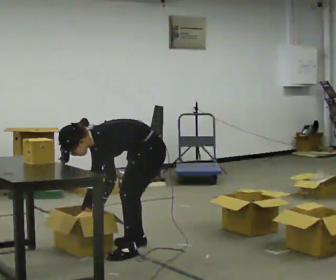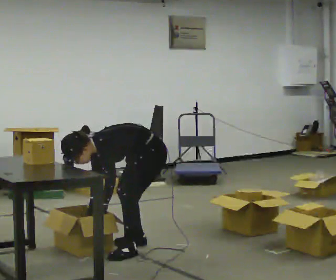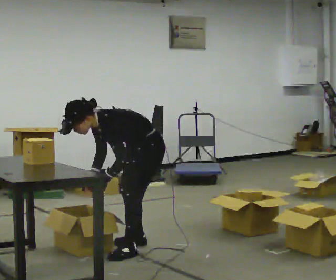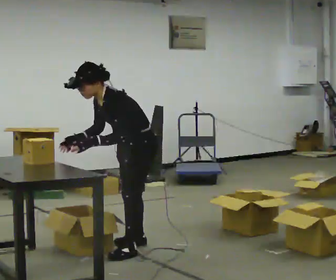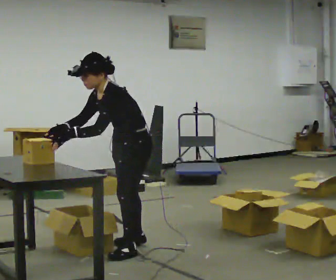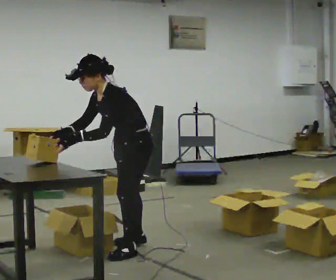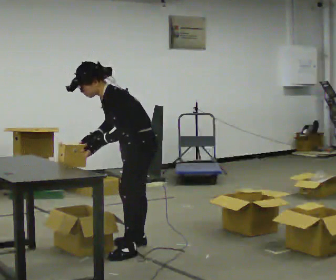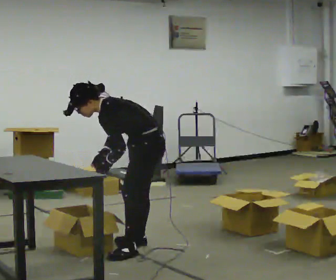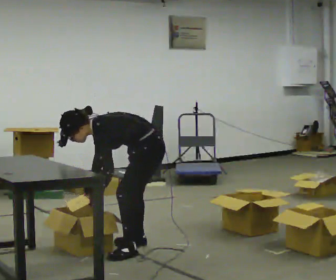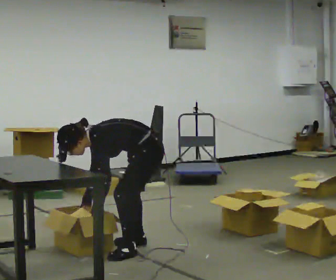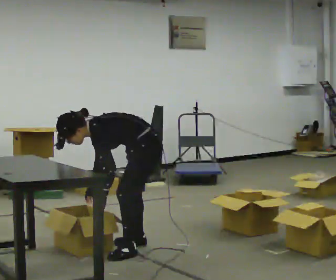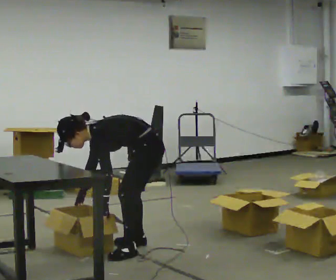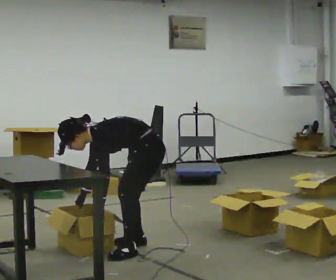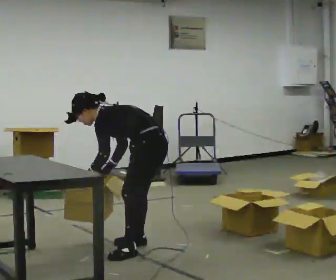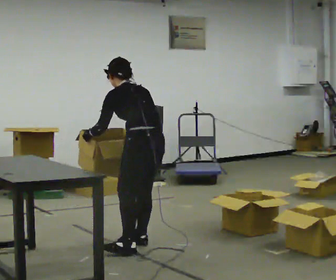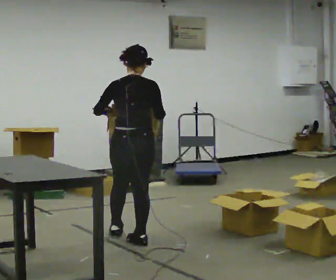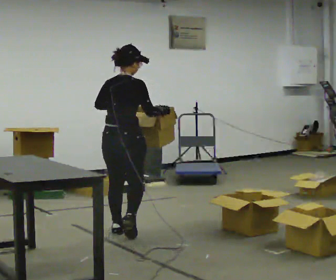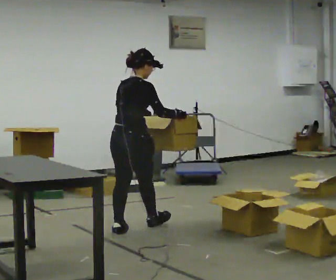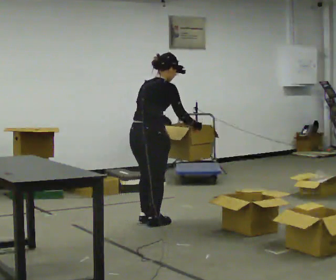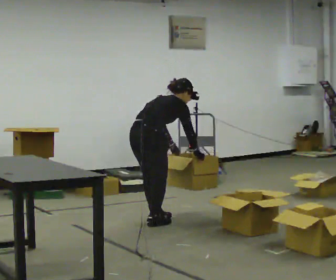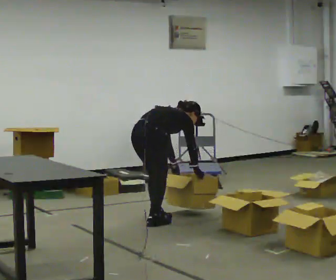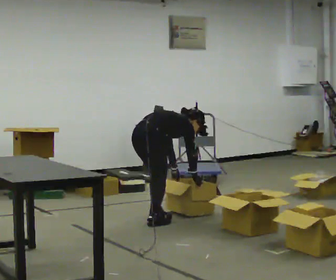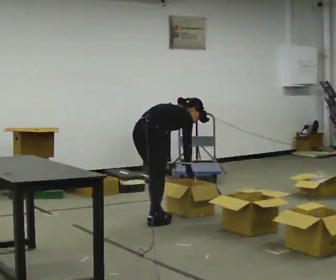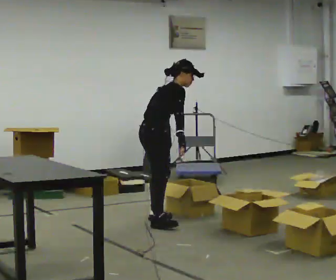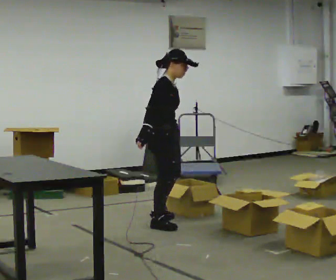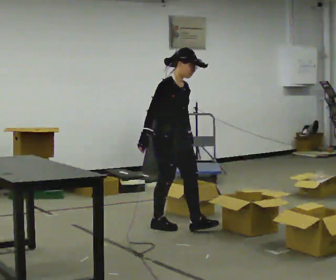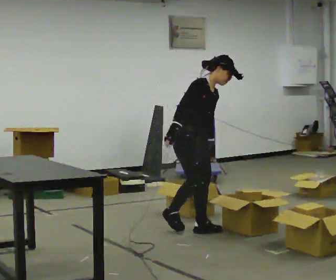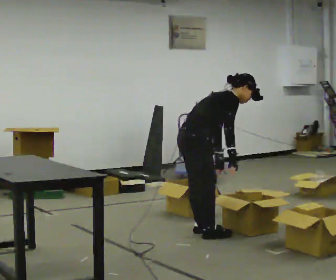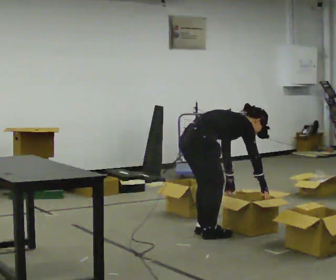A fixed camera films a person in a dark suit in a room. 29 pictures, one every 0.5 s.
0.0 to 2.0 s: The shoulders move upward. In the picture the upper body tilts clockwise, shoulders to the right, as they lean back or straighten. In the picture their right hand goes upward.
2.0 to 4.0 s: The upper body goes downward. In the picture the upper body tilts counterclockwise, shoulders to the left, as they bend forward. In the picture their right hand goes downward.
4.0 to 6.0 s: The person moves a little, or ends about where they began.
6.0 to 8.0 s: The part of the body nearest the lens slides to the left as the person turns to their right by about 120 degrees. In the picture they go away from the camera and to the left, about 0.5 m in 1 step. The shoulders move upward. In the picture the upper body tilts clockwise, shoulders to the right, as they lean back or straighten. In the picture their left hand goes upward.
8.0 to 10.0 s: The part of the body nearest the lens slides to the left as the person turns to their right by about 30 degrees. In the picture they go away from the camera and to the right, about 0.5 m in 2 steps, which for them is forward. The upper body goes downward. In the picture the upper body tilts clockwise, shoulders to the right, as they bend forward. In the picture their right hand goes downward.
10.0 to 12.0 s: Seen from above the body turns clockwise, about 45 degrees: to their right, with its near side sliding to the left. In the picture they go toward the camera, about 0.25 m, which for them is to their right. The upper body goes upward. In the picture the upper body tilts counterclockwise, shoulders to the left, as they lean back or straighten. In the picture their right hand goes to the left and upward, the arm swinging clockwise.
12.0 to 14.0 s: Seen from above the body turns counterclockwise, about 30 degrees: to their left, with its near side sliding to the right. In the picture they go toward the camera and to the right, about 0.5 m in 2 steps. The shoulders move downward. In the picture the upper body tilts clockwise, shoulders to the right, as they bend forward. In the picture their right hand goes downward.
The film runs forward here.
